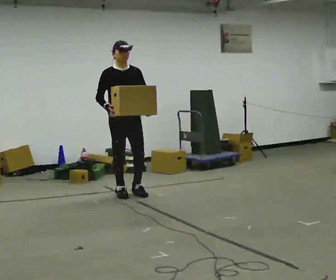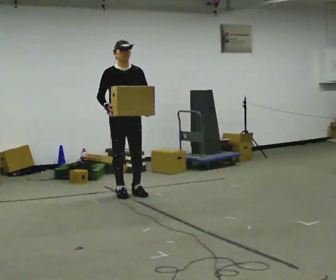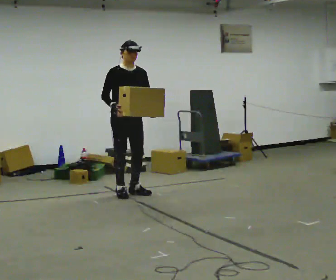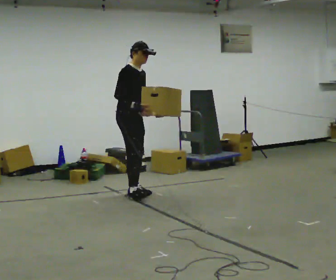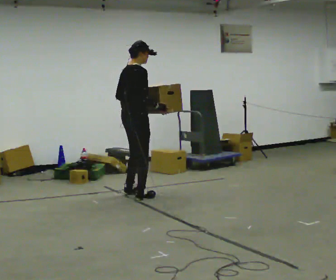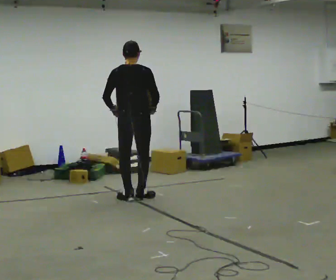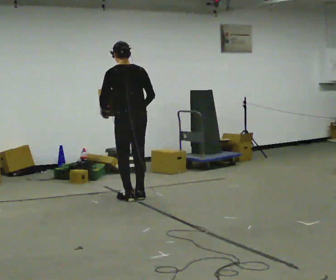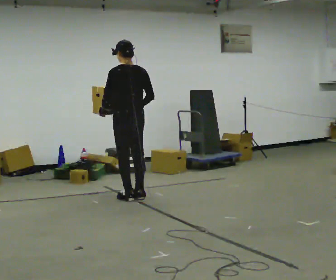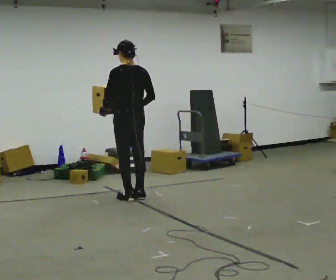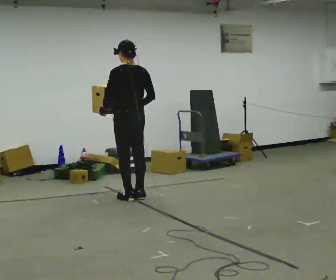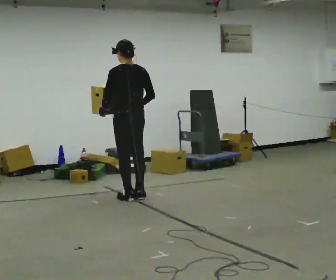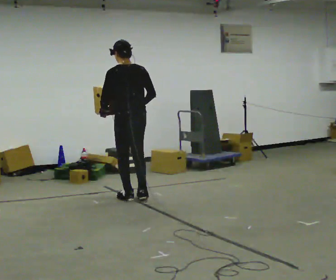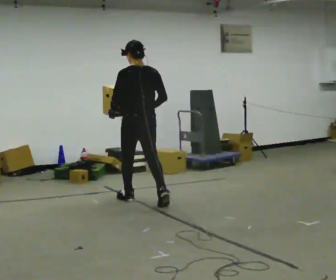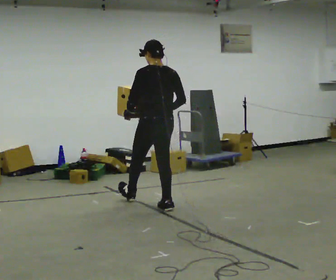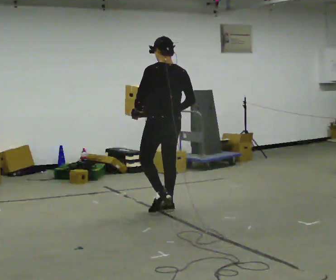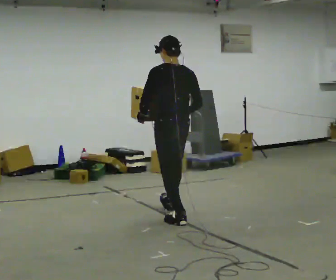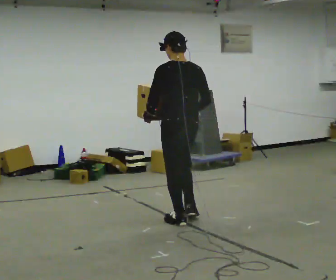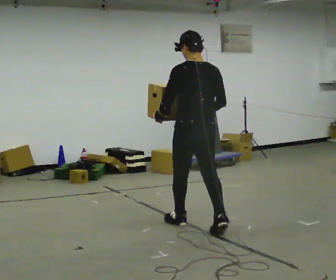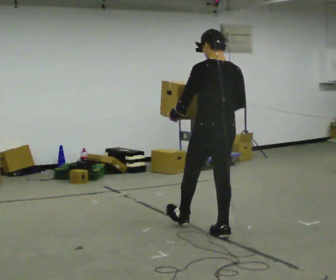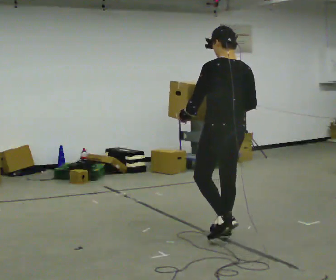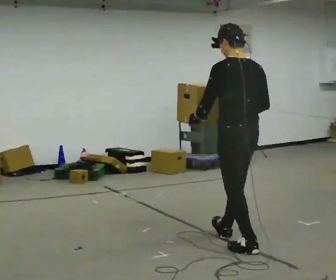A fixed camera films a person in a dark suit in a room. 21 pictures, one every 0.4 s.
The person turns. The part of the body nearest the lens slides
to the right.
The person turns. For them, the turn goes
to their left.
0.0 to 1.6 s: The person turns about 75 degrees to their left, counterclockwise seen from above, so the part of the body nearest the lens slides to the right.
1.6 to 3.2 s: The part of the body nearest the lens slides to the right as the person turns to their left by about 105 degrees.
3.2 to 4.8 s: In the picture they go toward the camera, about 0.25 m in 1 step, which for them is backward.
4.8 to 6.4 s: In the picture they go toward the camera and to the right, about 1 m in 2 steps, which for them is backward.
6.4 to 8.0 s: In the picture they go toward the camera and to the right, about 1 m in 1 step, which for them is backward.
The film runs backward here.
